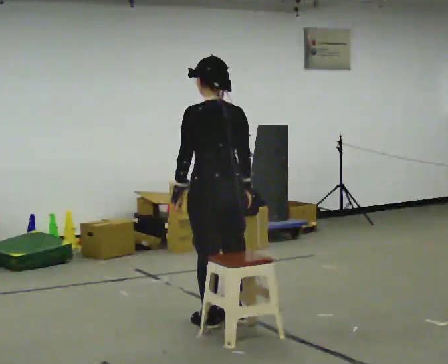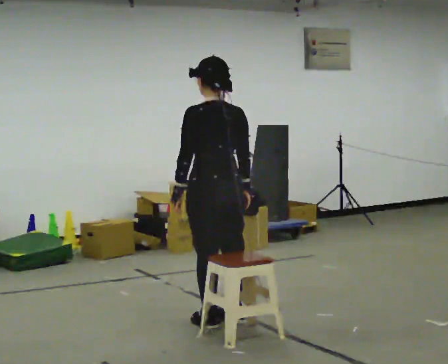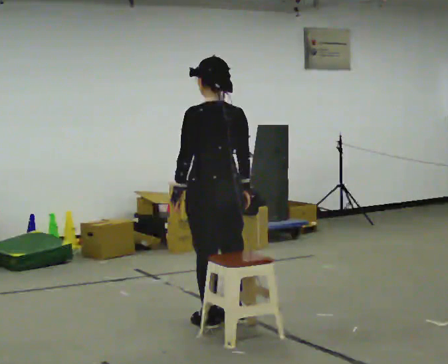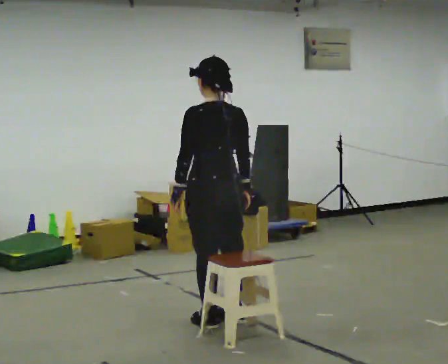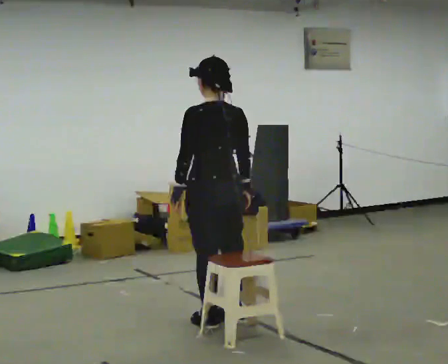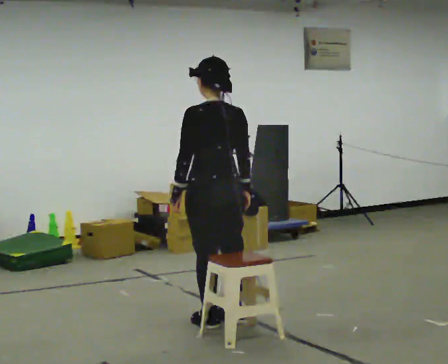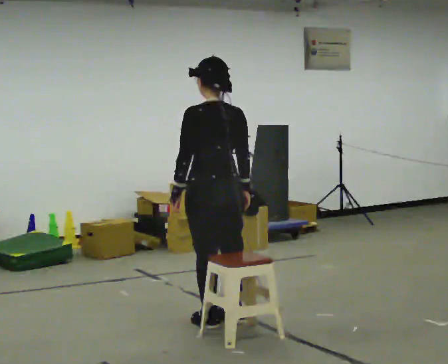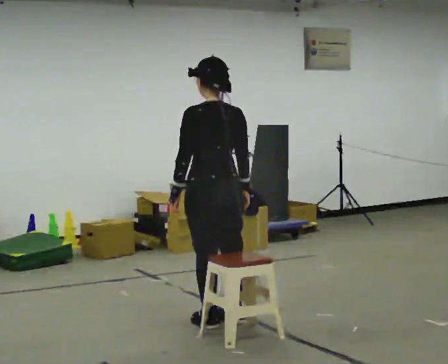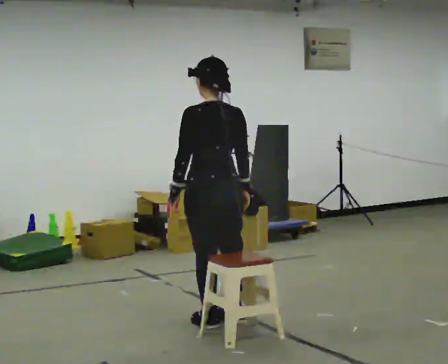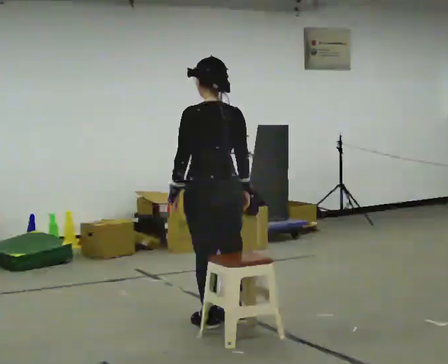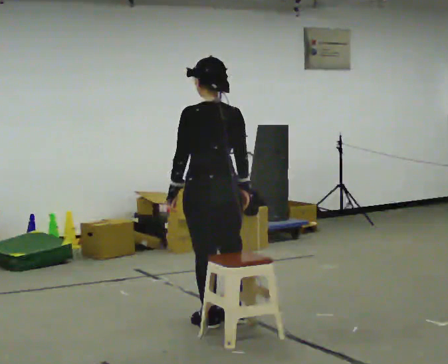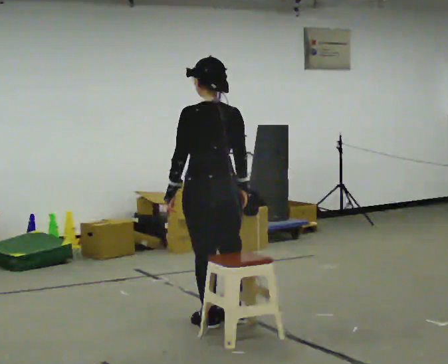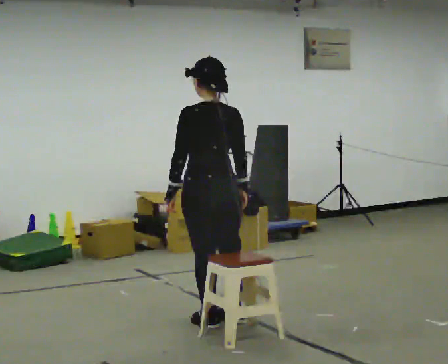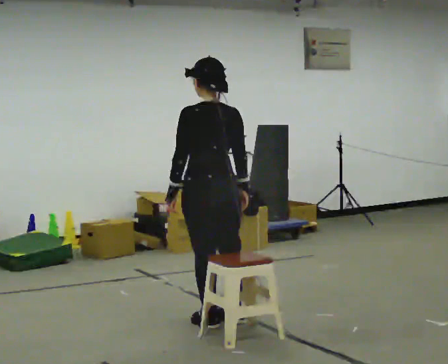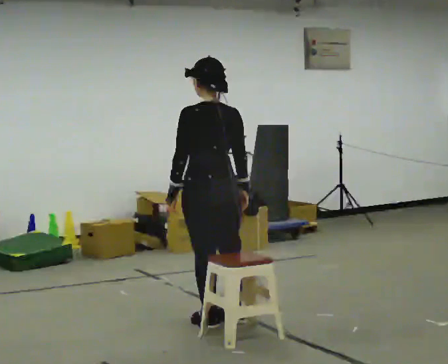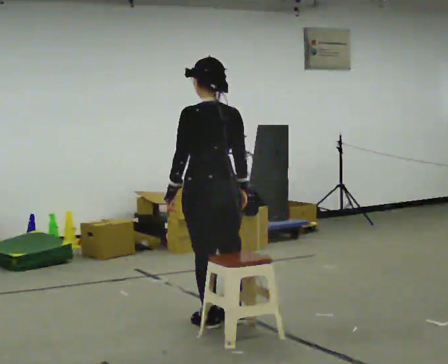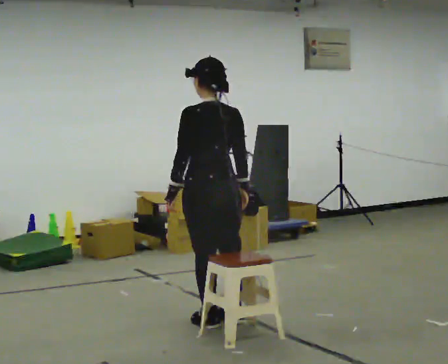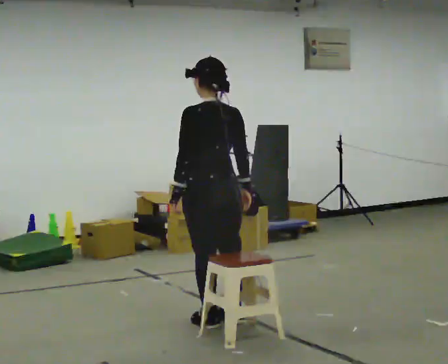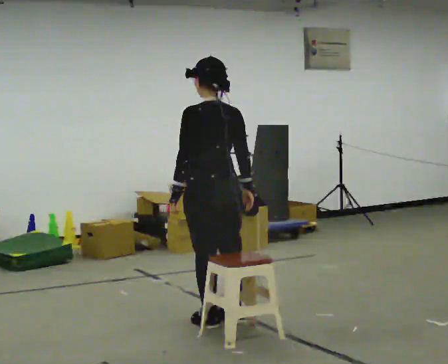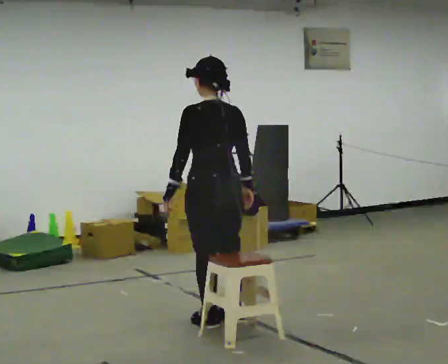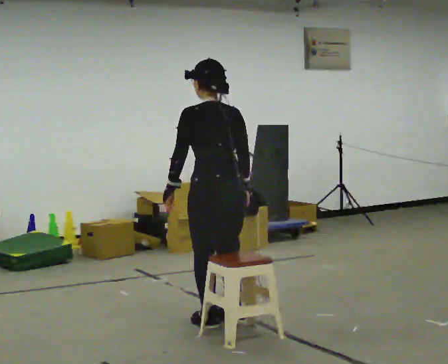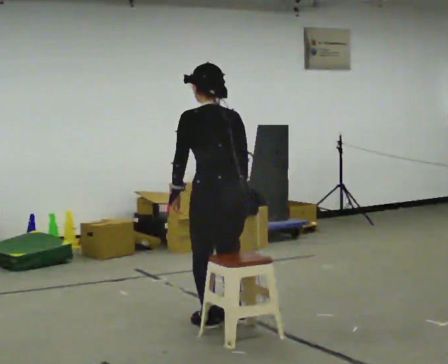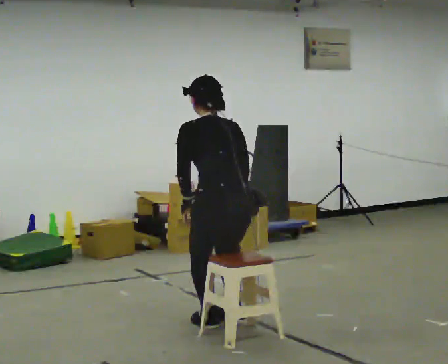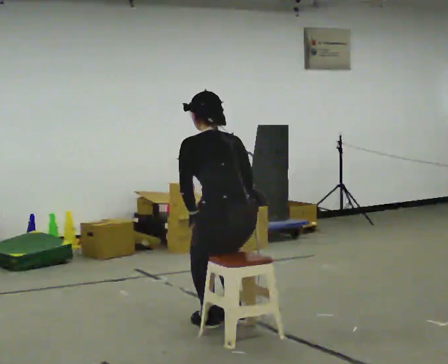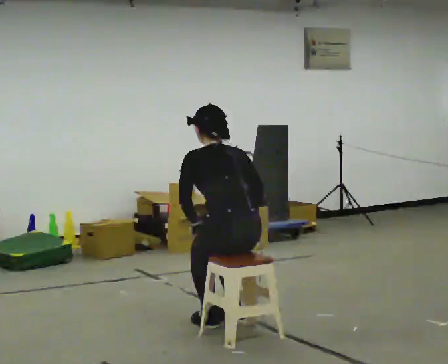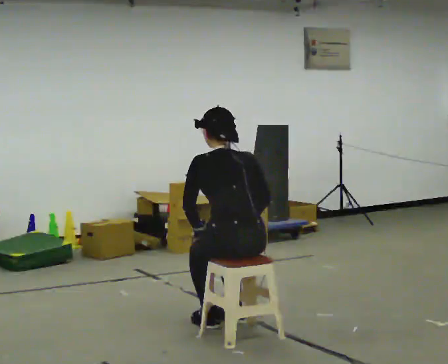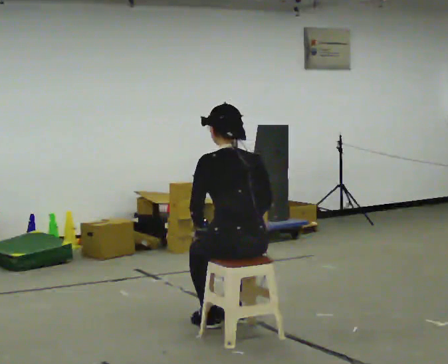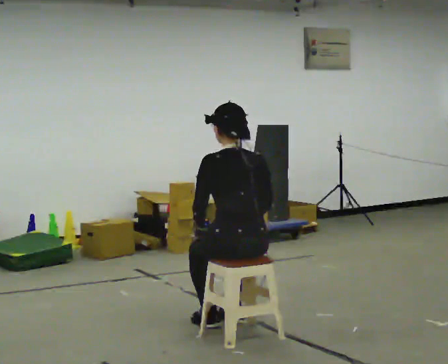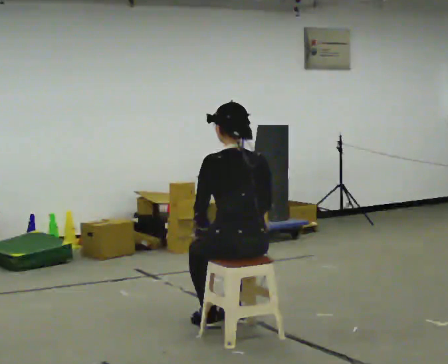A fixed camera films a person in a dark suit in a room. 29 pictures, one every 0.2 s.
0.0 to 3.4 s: The person moves a little, or ends about where they began.
3.4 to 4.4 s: The upper body tips away from the camera, its near side rolling upward, as they bend forward.
4.4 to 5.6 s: In the picture they go toward the camera, about 0.25 m, which for them is backward. The upper body goes downward.
The film runs backward here.
